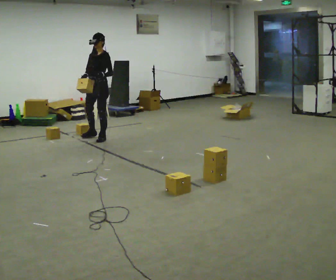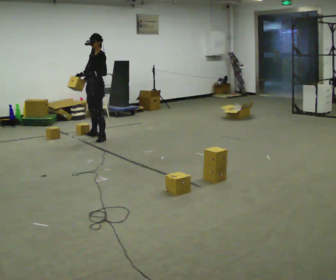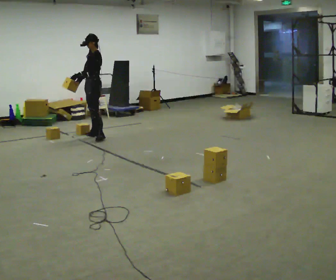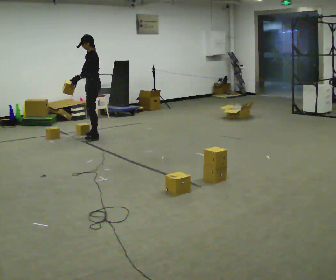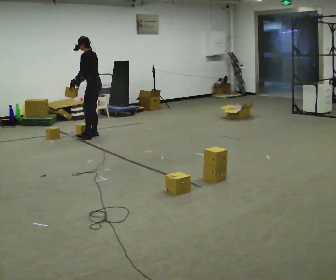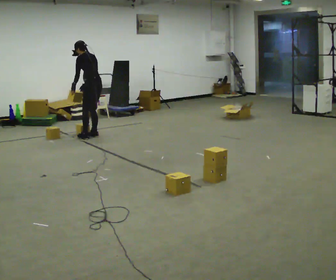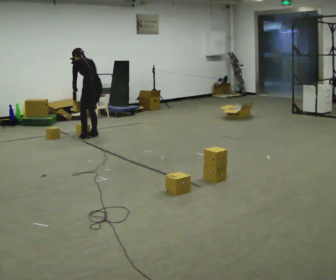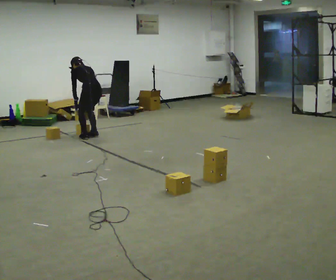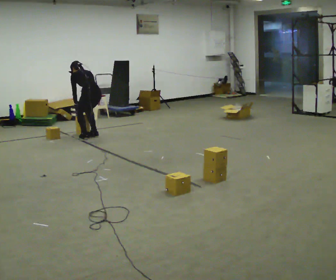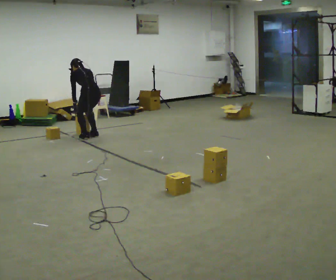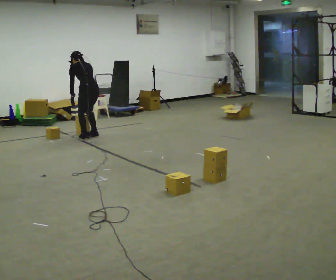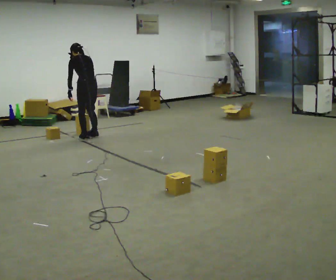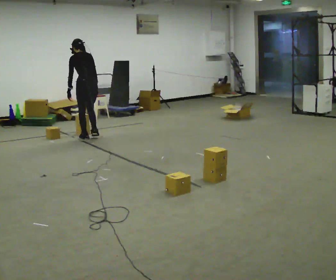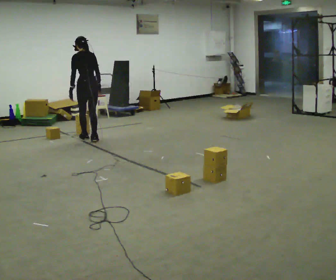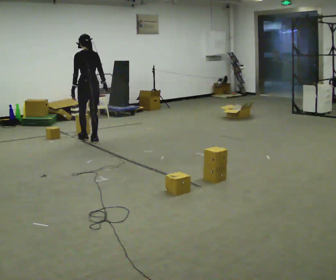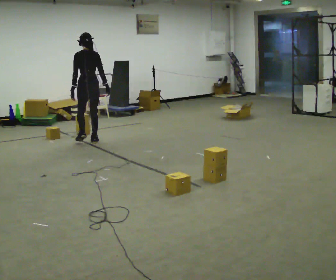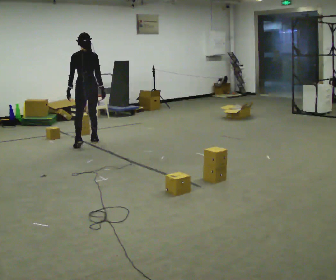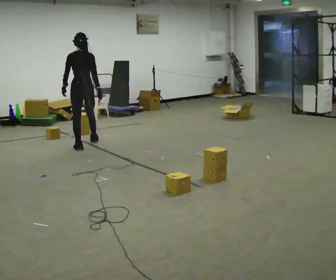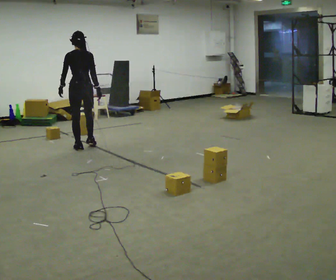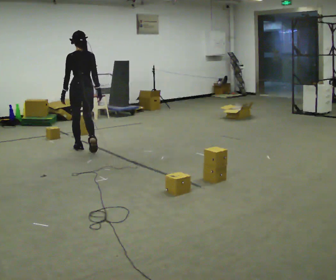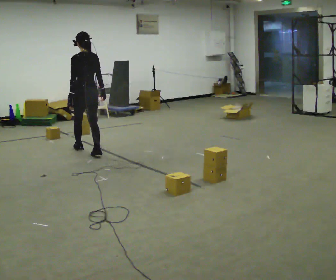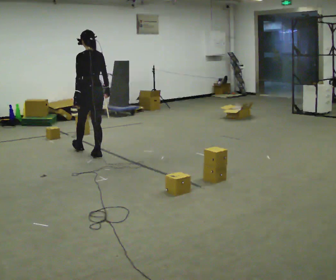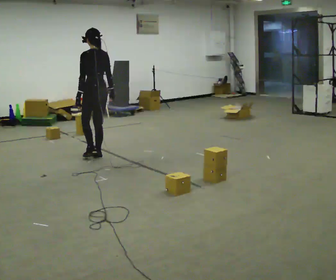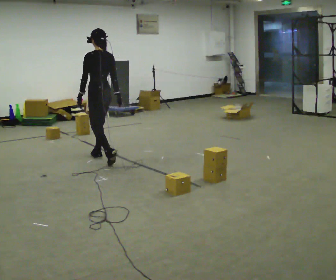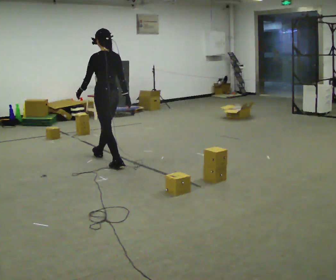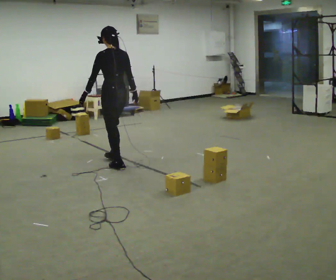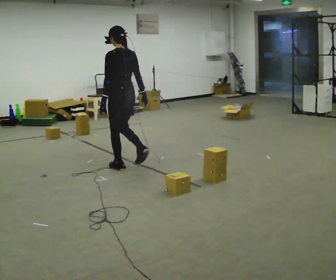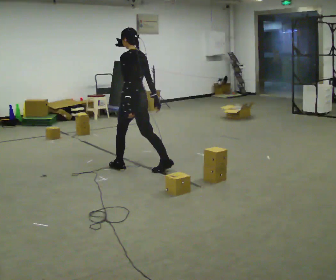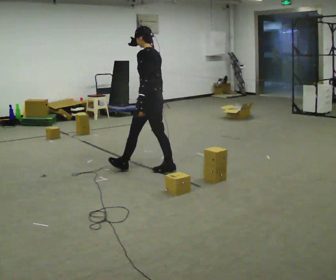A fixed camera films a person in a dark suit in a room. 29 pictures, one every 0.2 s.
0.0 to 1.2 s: The part of the body nearest the lens slides to the left as the person turns to their right by about 105 degrees. The upper body tips away from the camera, its near side rolling upward, as they bend forward.
1.2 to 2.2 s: The person moves a little, or ends about where they began.
2.2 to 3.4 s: In the picture they go toward the camera, about 0.5 m in 2 steps, which for them is backward. The upper body tips toward the camera, its near side rolling downward, as they lean back or straighten.
3.4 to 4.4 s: In the picture they go toward the camera, about 0.75 m in 1 step, which for them is backward.
4.4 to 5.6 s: In the picture they go toward the camera and to the right, about 1 m in 2 steps, which for them is backward.
The film runs backward here.
